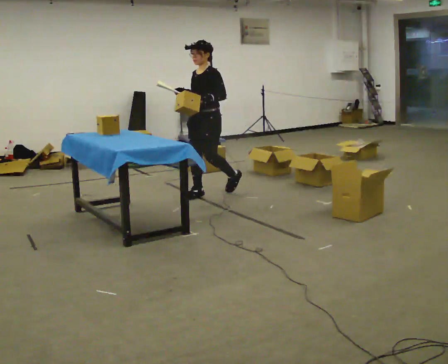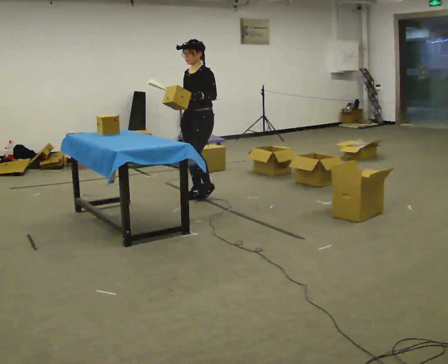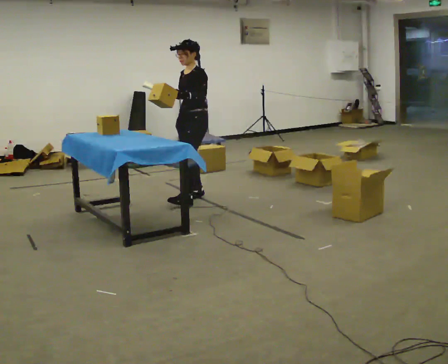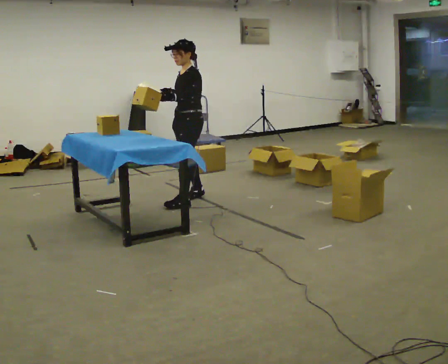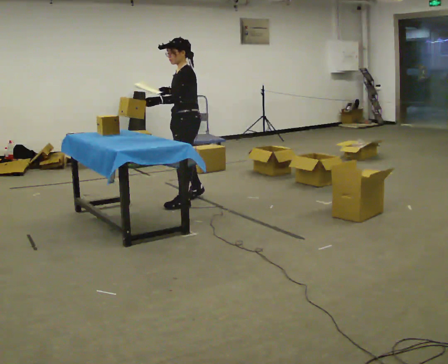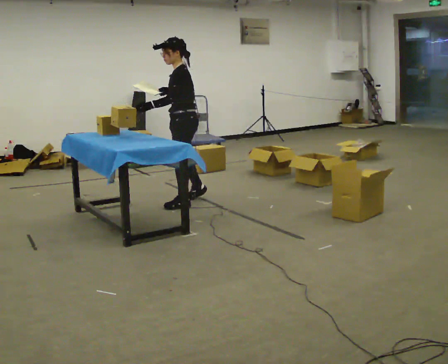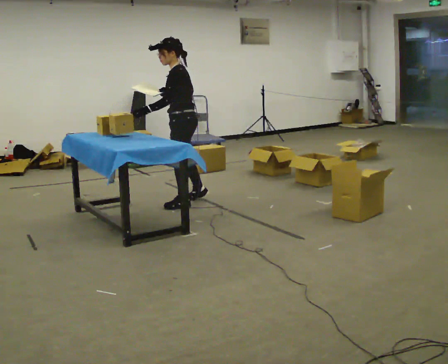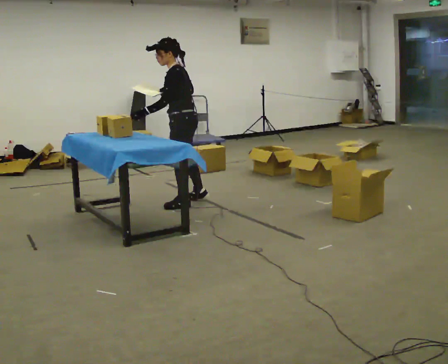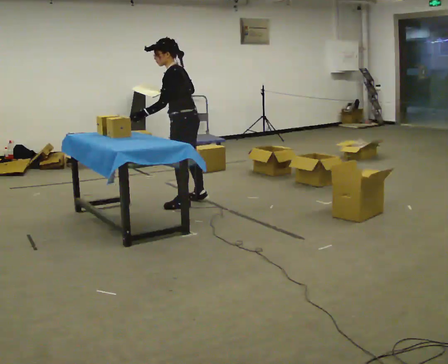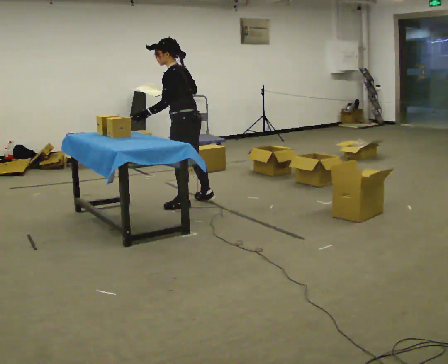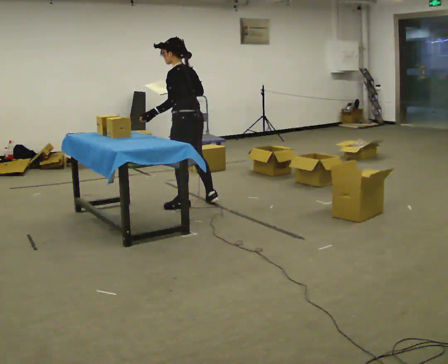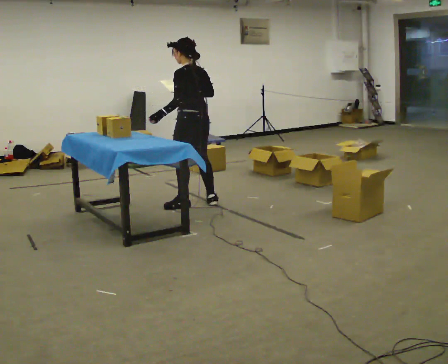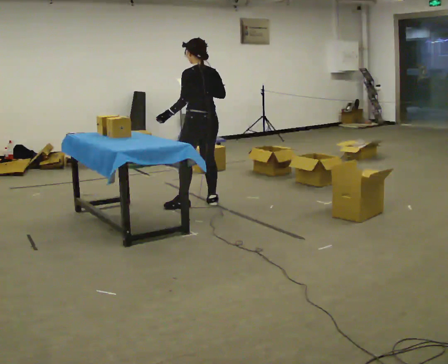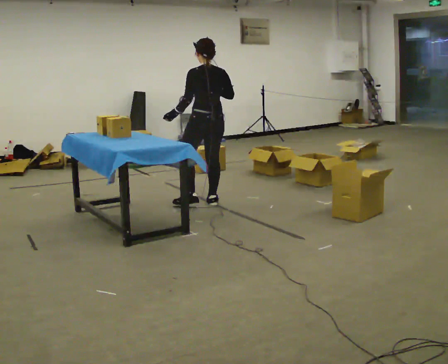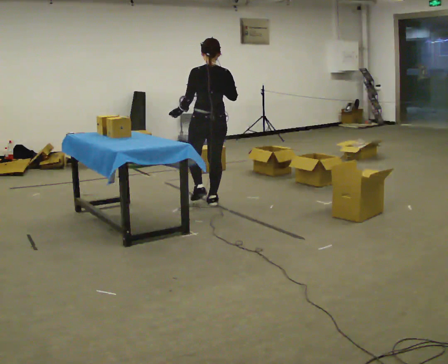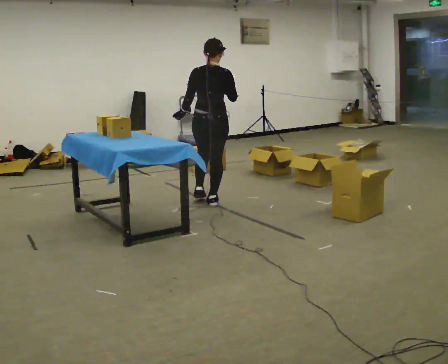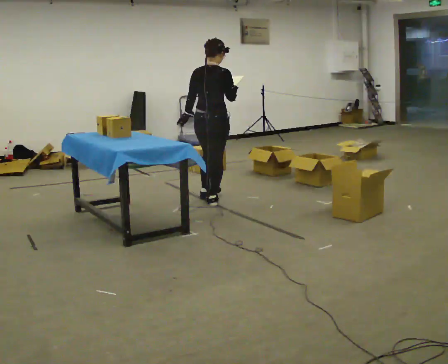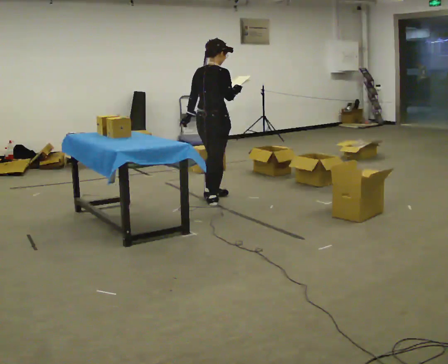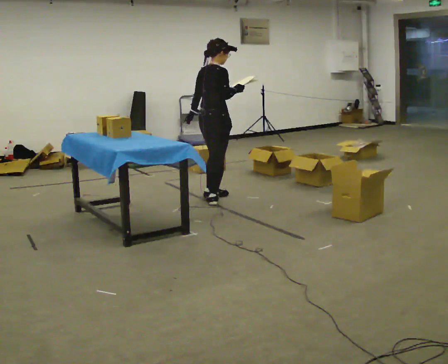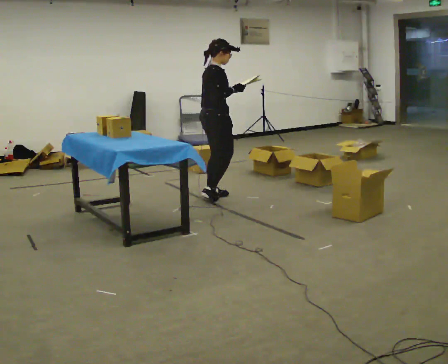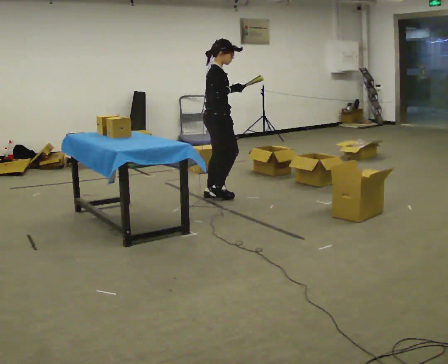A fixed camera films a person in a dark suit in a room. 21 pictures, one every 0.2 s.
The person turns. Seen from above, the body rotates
clockwise.
The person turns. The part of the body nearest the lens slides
to the left.
0.0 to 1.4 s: The person turns about 60 degrees to their right, clockwise seen from above, so the part of the body nearest the lens slides to the left. In the picture they go toward the camera and to the left, about 0.5 m in 2 steps, which for them is to their left and forward.
1.4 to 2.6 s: Seen from above the body turns clockwise, about 60 degrees: to their right, with its near side sliding to the left. In the picture they go to the right, about 0.25 m in 1 step. In the picture the upper body tilts clockwise, shoulders to the right.
2.6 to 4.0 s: The person turns about 105 degrees to their right, clockwise seen from above, so the part of the body nearest the lens slides to the left. In the picture they go away from the camera, about 0.25 m in 1 step. In the picture their left hand goes to the right, the arm swinging counterclockwise.
The film runs forward here.
